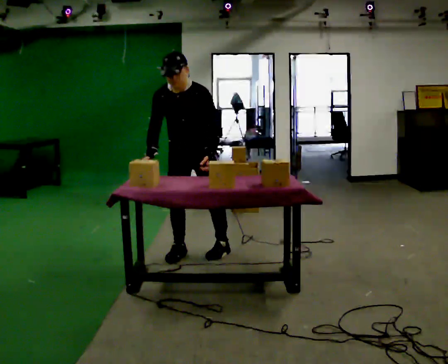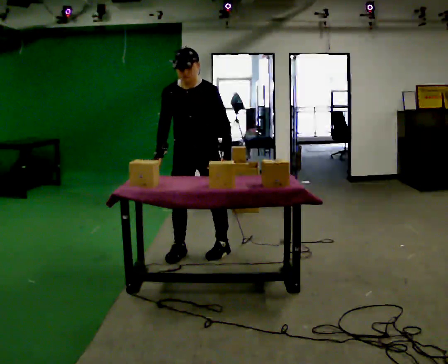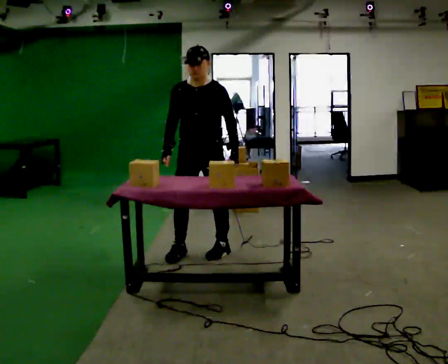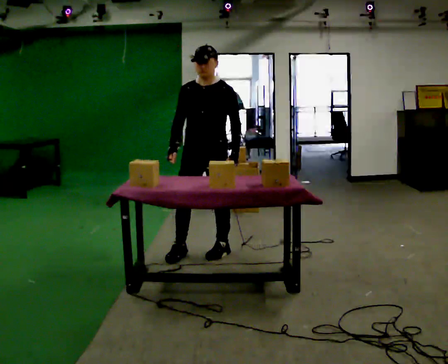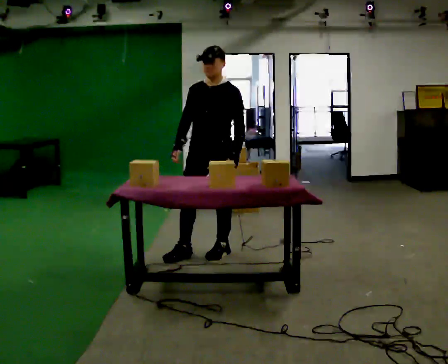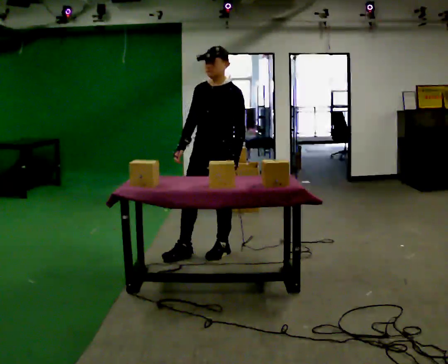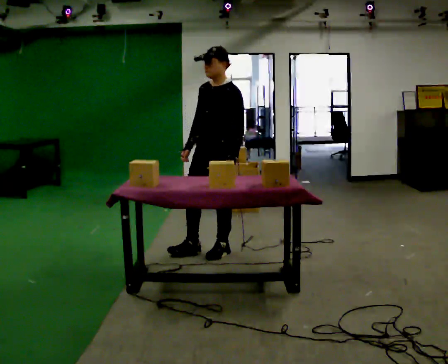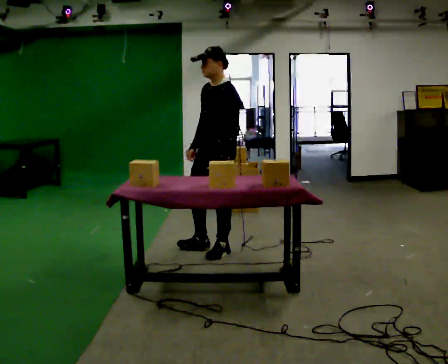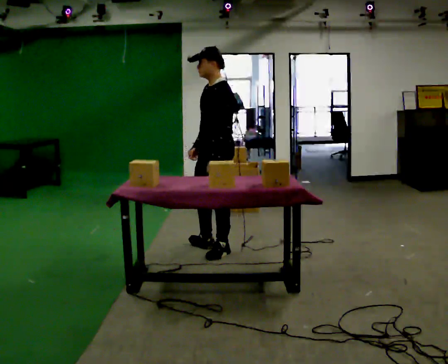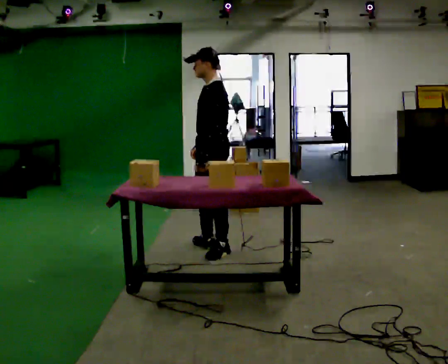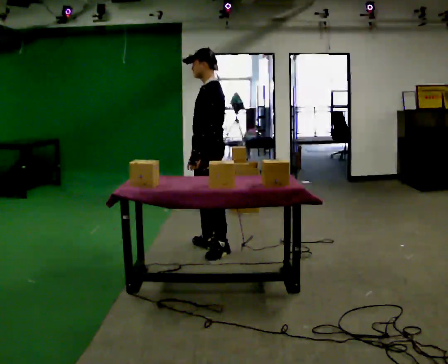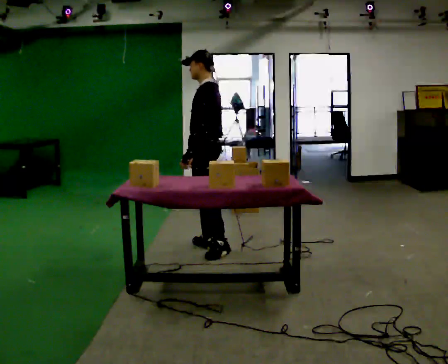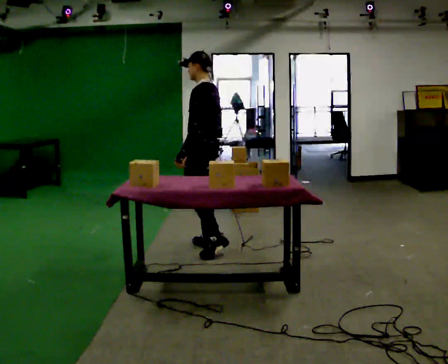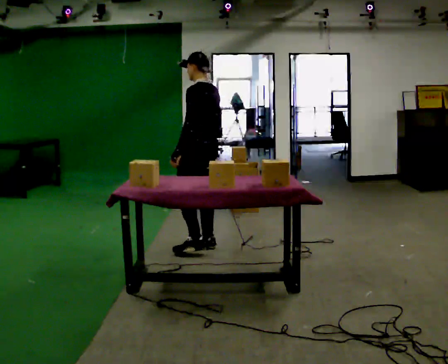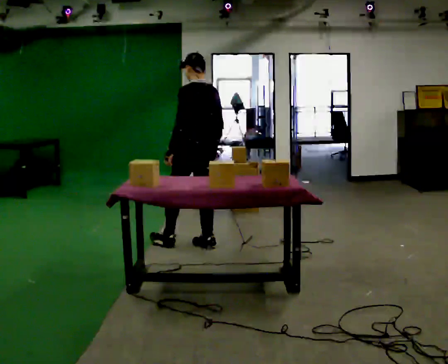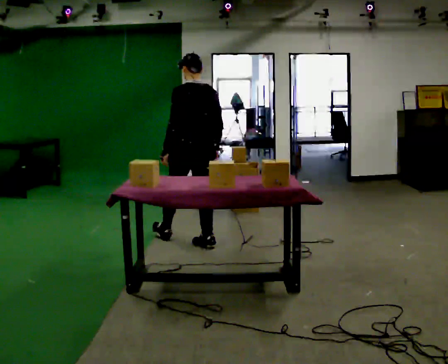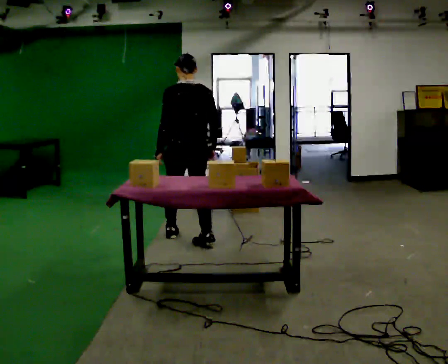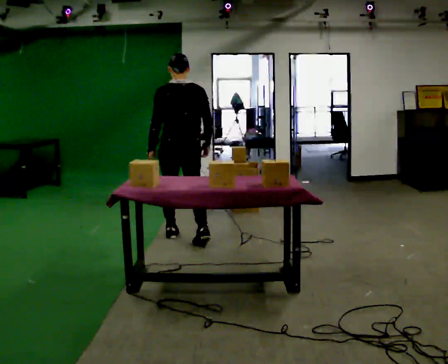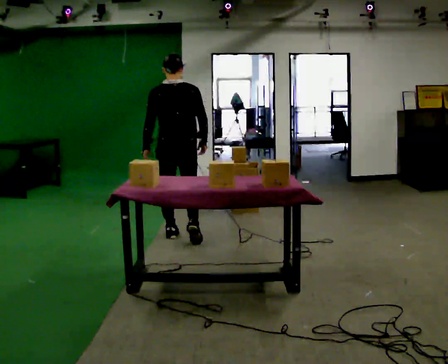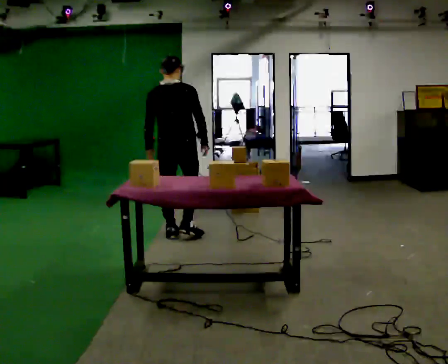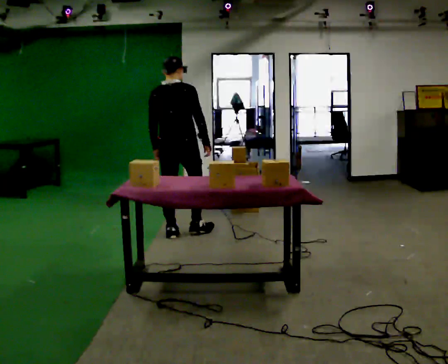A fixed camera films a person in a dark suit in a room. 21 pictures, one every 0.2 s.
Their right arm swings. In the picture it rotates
counterclockwise.
The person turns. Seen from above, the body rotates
clockwise.
0.0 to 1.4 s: Seen from above the body turns clockwise, about 45 degrees: to their right, with its near side sliding to the left. In the picture they go to the right, about 0.25 m, which for them is to their left and backward. The upper body tips away from the camera, its near side rolling upward, as they lean back or straighten. In the picture their right hand goes to the right.
1.4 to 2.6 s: Seen from above the body turns clockwise, about 60 degrees: to their right, with its near side sliding to the left. In the picture they go away from the camera and to the left, about 0.25 m in 1 step, which for them is to their right.
2.6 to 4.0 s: The person turns about 75 degrees to their right, clockwise seen from above, so the part of the body nearest the lens slides to the left. In the picture they go away from the camera and to the left, about 0.5 m in 1 step.
The film runs forward here.
